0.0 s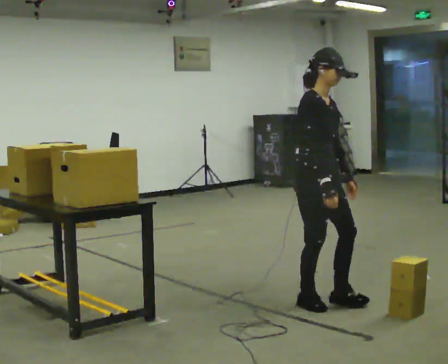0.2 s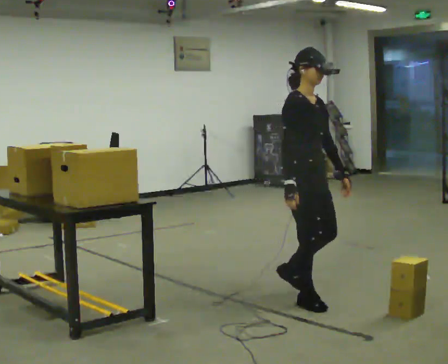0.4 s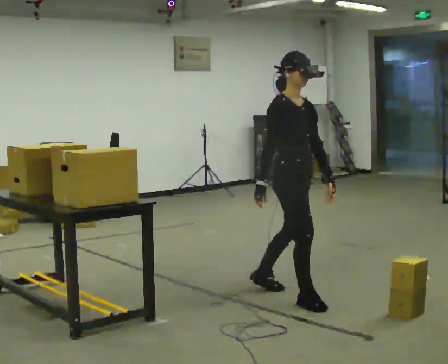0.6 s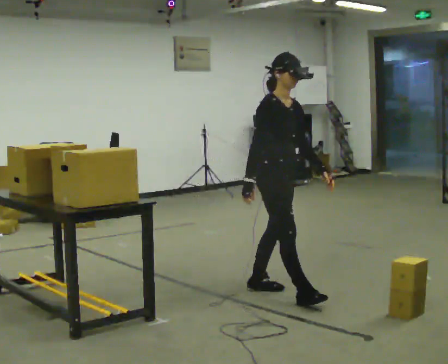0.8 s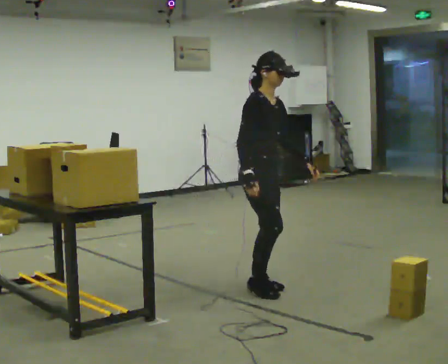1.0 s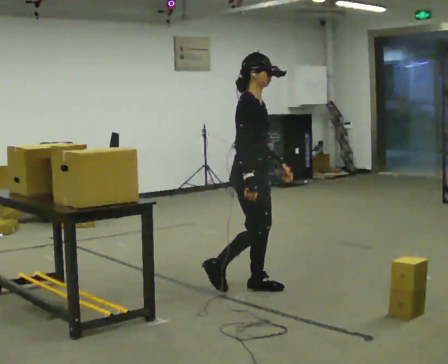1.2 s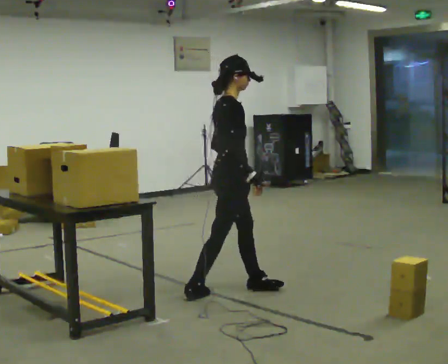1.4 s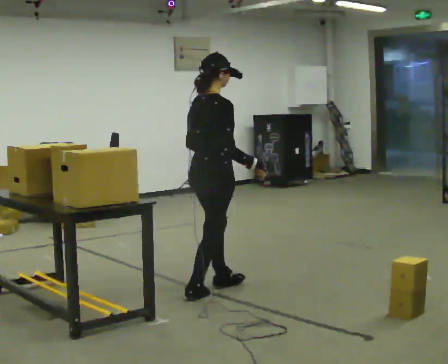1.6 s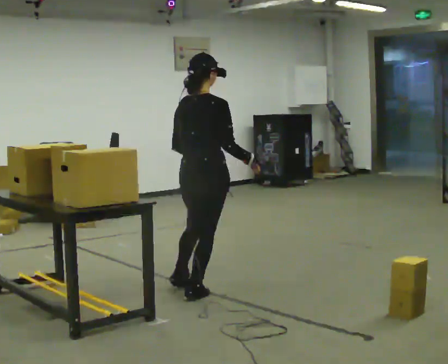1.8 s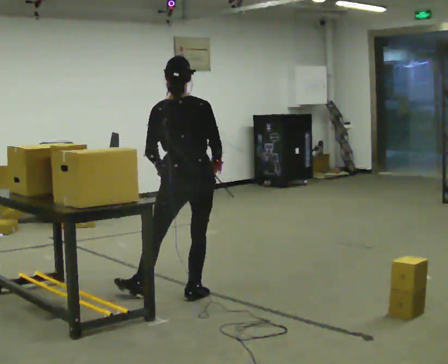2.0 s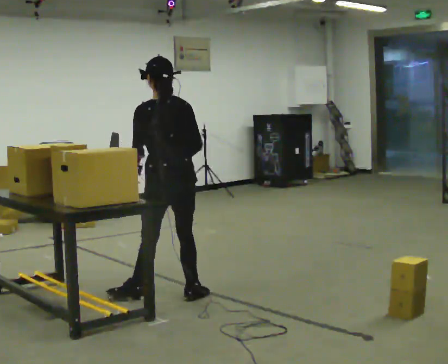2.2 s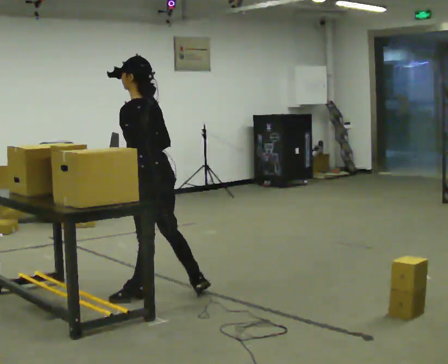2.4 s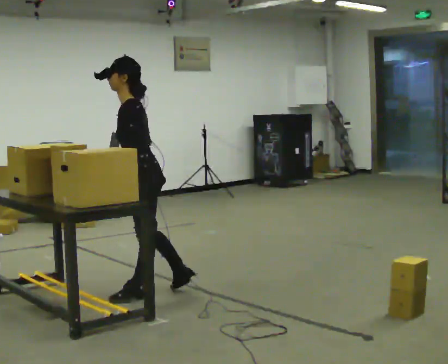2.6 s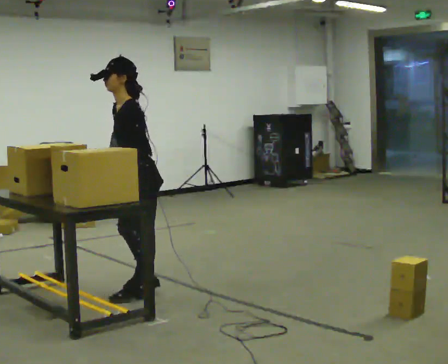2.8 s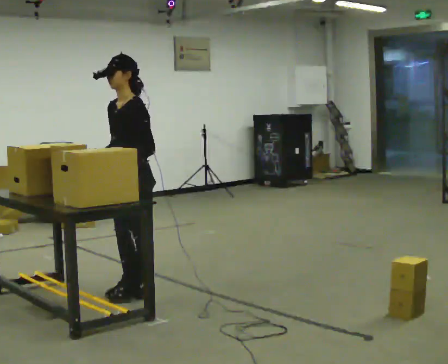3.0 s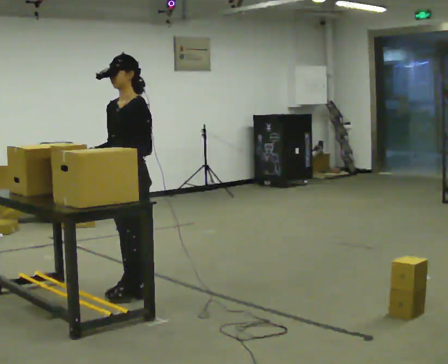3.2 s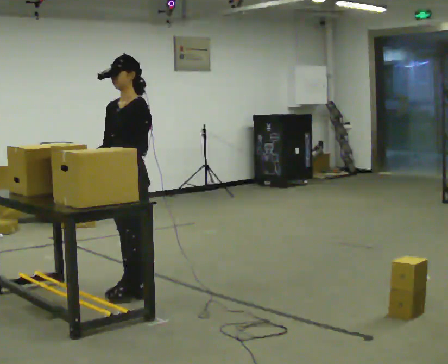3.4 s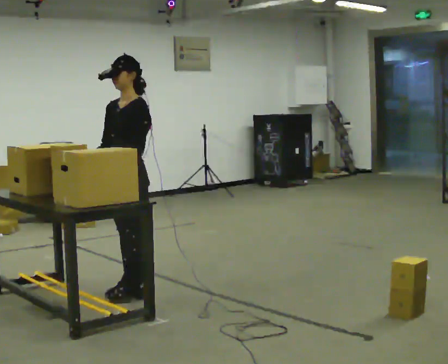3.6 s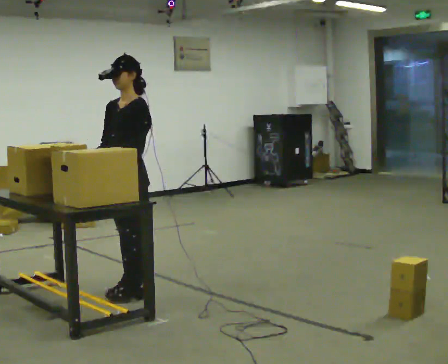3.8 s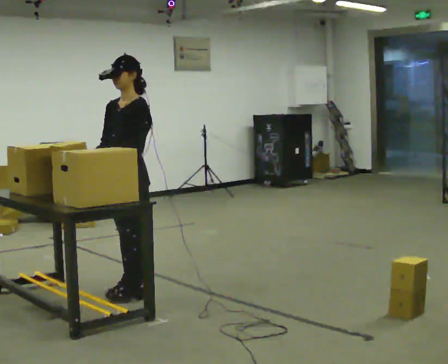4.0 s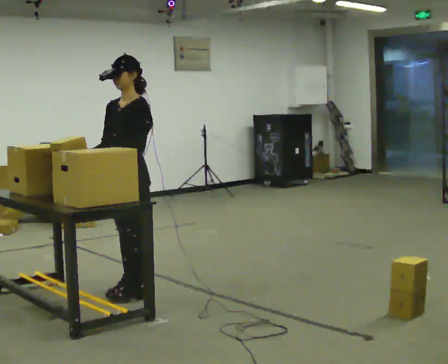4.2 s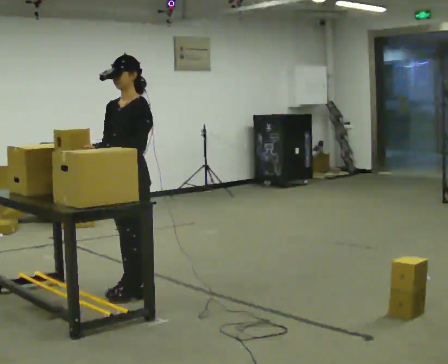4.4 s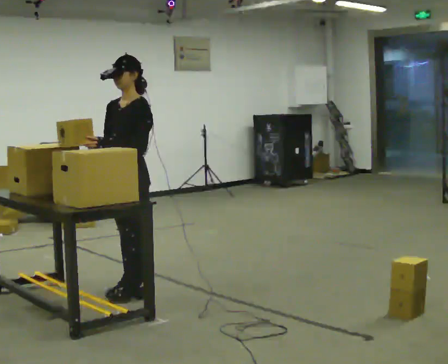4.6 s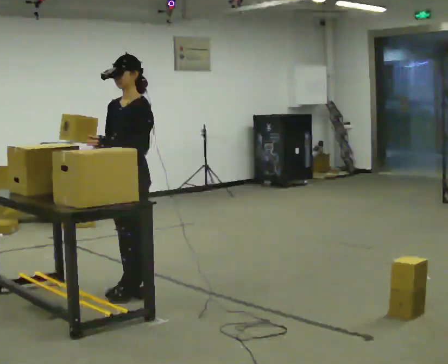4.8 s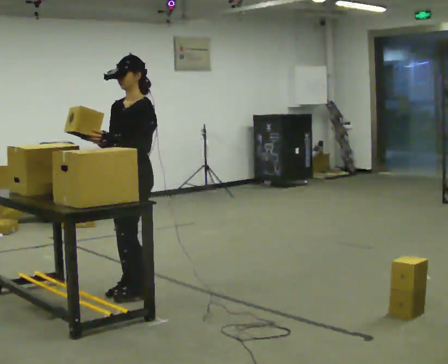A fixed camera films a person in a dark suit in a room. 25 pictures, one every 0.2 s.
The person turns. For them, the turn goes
to their left.
The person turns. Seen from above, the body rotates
counterclockwise.
0.0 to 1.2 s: The person turns about 45 degrees to their left, counterclockwise seen from above, so the part of the body nearest the lens slides to the right. In the picture they go to the left and away from the camera, about 0.75 m in 1 step, which for them is backward.
1.2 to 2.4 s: The person turns about 165 degrees to their left, counterclockwise seen from above, so the part of the body nearest the lens slides to the right. In the picture they go to the left, about 0.5 m in 2 steps. In the picture the upper body tilts counterclockwise, shoulders to the left.
2.4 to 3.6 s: Seen from above the body turns counterclockwise, about 45 degrees: to their left, with its near side sliding to the right. In the picture the upper body tilts clockwise, shoulders to the right, as they lean back or straighten.
3.6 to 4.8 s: The person moves a little, or ends about where they began.
The film runs backward here.
